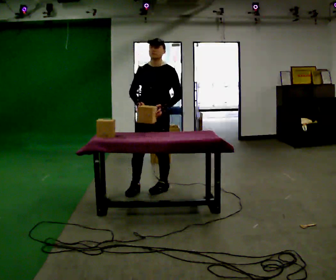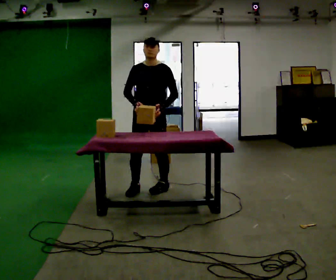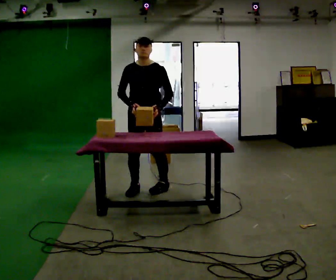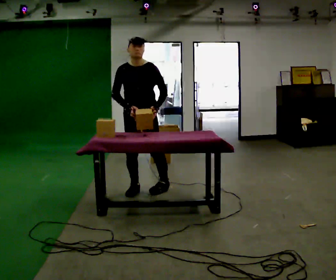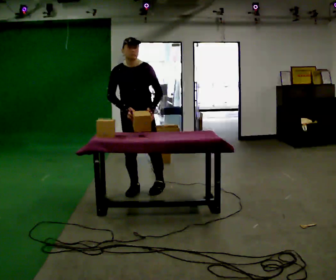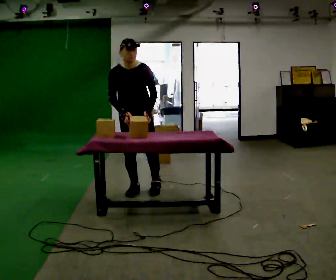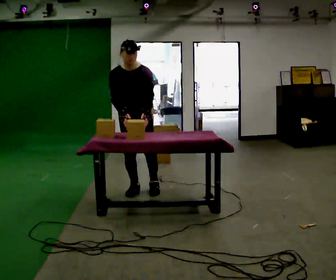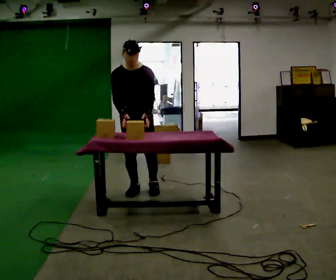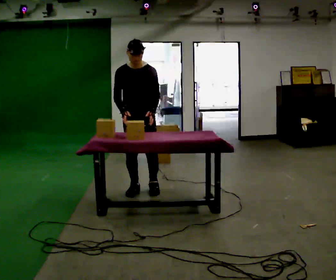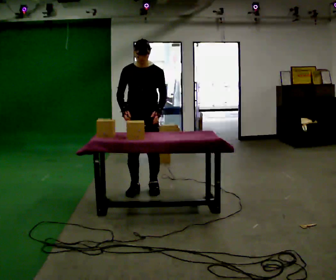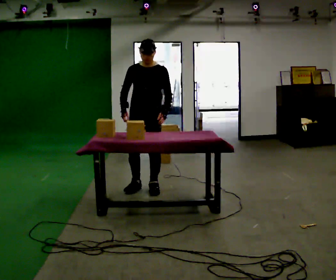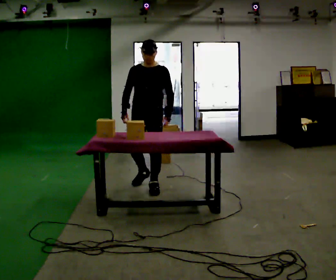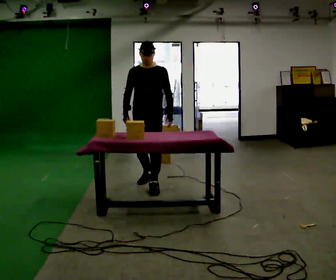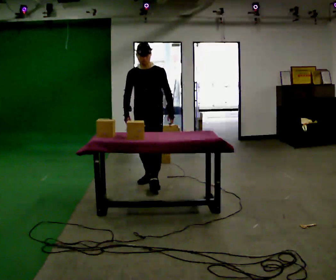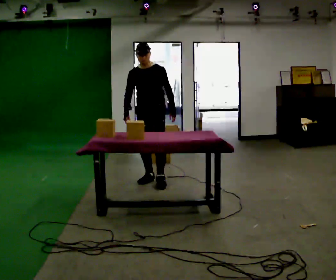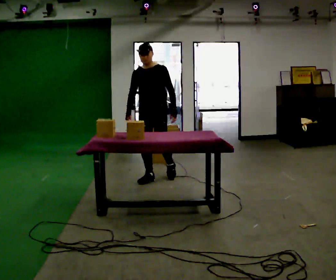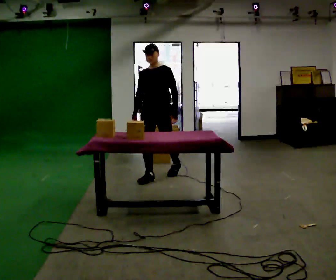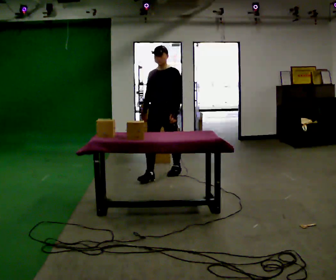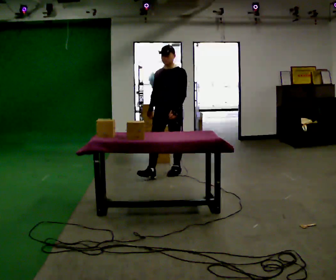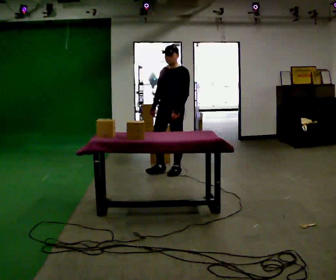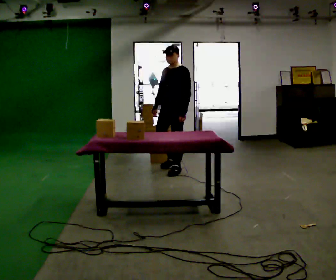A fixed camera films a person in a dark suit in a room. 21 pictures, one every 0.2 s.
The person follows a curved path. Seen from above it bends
clockwise.
The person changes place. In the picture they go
away from the camera.
0.0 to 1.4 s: Seen from above the body turns counterclockwise, about 30 degrees: to their left, with its near side sliding to the right. In the picture they go to the left, about 0.25 m in 1 step, which for them is to their right. The upper body tips toward the camera, its near side rolling downward, as they bend forward.
1.4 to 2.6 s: In the picture they go away from the camera, about 0.25 m in 1 step, which for them is backward. The upper body tips away from the camera, its near side rolling upward.
2.6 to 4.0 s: The part of the body nearest the lens slides to the left as the person turns to their right by about 30 degrees. In the picture they go away from the camera and to the right, about 0.5 m in 2 steps, which for them is backward.
The film runs backward here.
